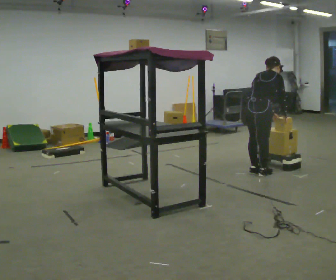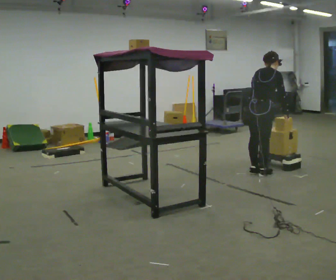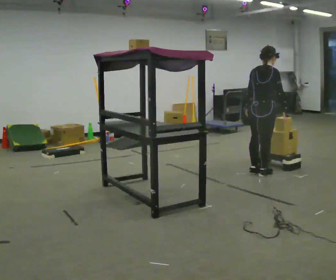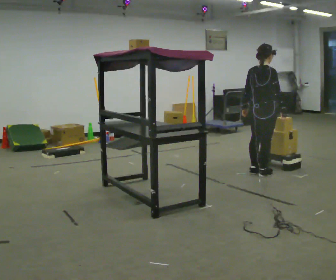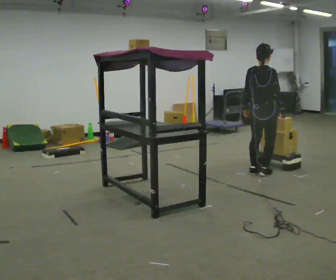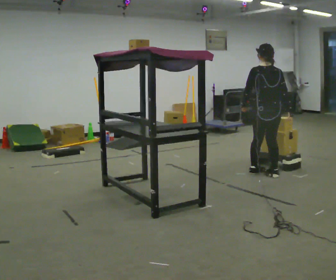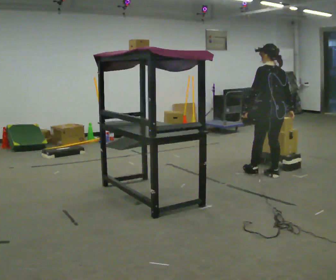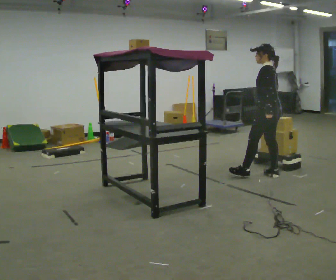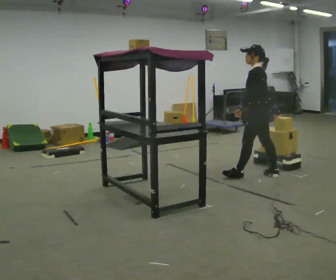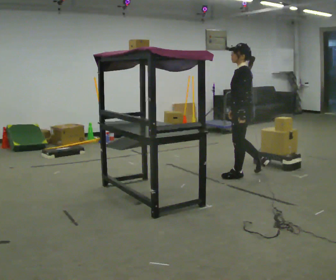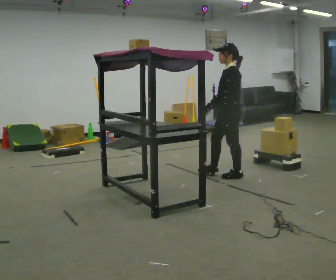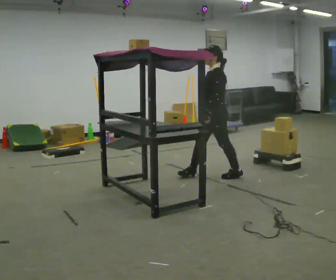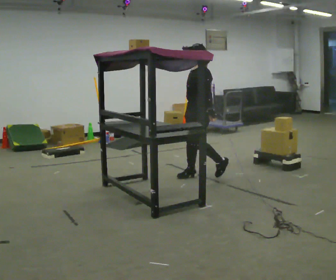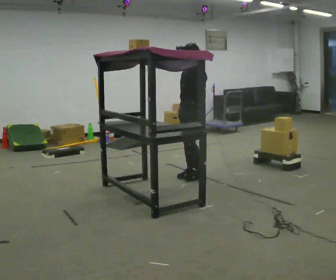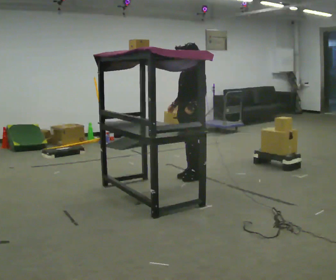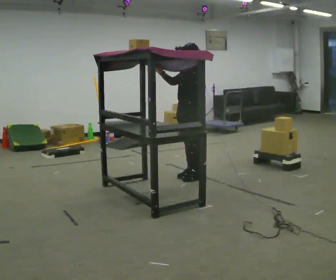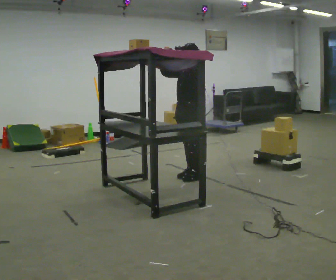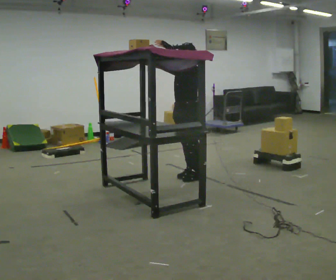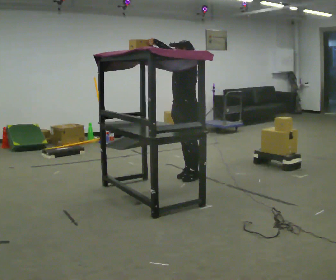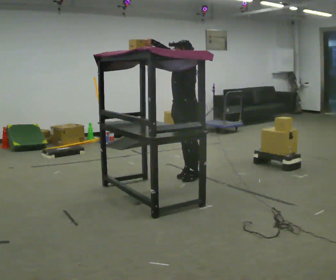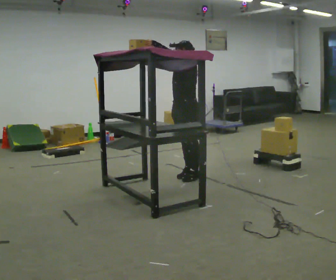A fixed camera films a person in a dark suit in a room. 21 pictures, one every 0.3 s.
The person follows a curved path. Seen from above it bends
clockwise.
The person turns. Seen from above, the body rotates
counterclockwise.
0.0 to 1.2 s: In the picture the upper body tilts counterclockwise, shoulders to the left, as they lean back or straighten. In the picture their left hand goes to the left.
1.2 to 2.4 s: The person turns about 105 degrees to their left, counterclockwise seen from above, so the part of the body nearest the lens slides to the right. In the picture their right hand goes to the left, the arm swinging clockwise.
2.4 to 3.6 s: Seen from above the body turns counterclockwise, about 45 degrees: to their left, with its near side sliding to the right. In the picture they go to the left, about 0.75 m in 1 step, which for them is forward.
3.6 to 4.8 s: In the picture their left hand goes upward and to the left.
4.8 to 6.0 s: The person moves a little, or ends about where they began.
The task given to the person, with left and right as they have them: Take an object from the highest shelf you can comfortably reach, carry it across, and place it on the lowest shelf. Keep going until the operator says stop; one object at a time, and do not rush between trips.
The film runs forward here.
